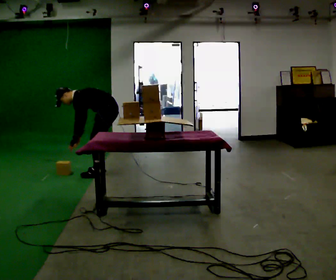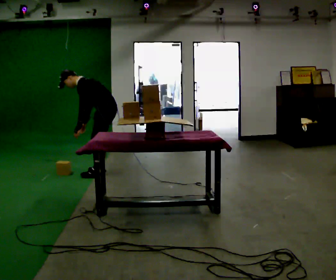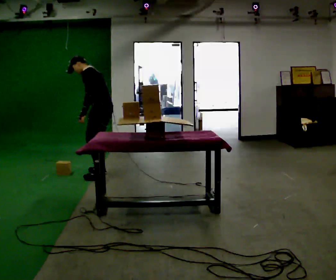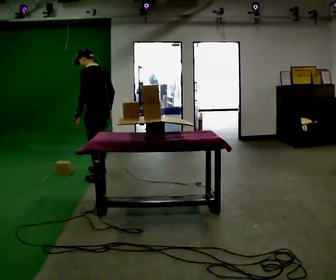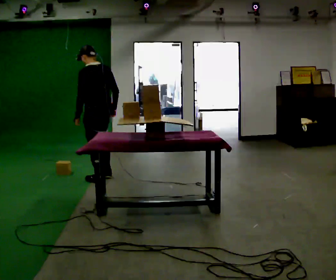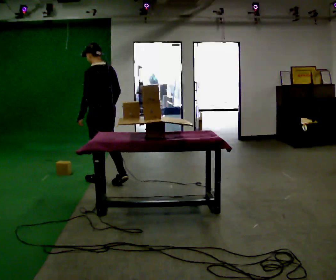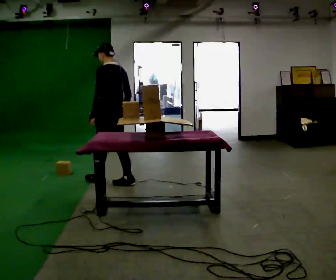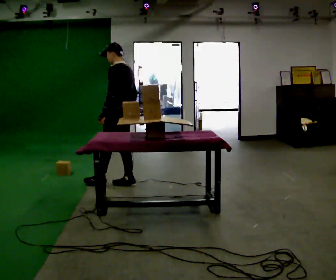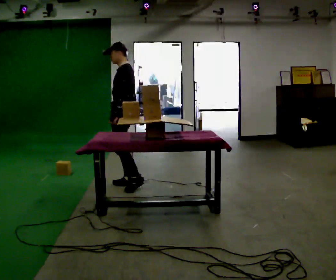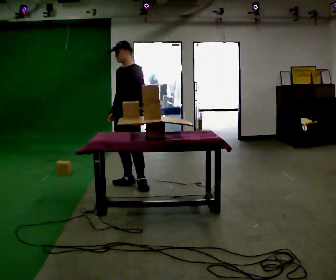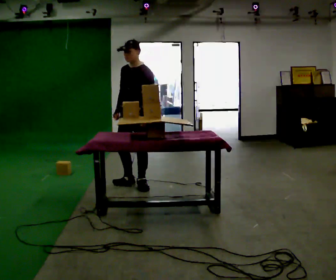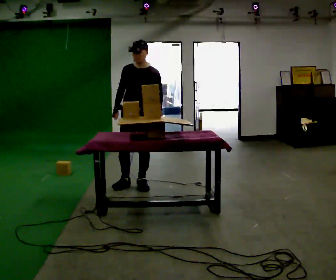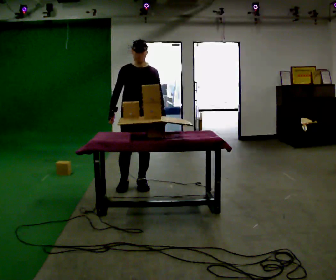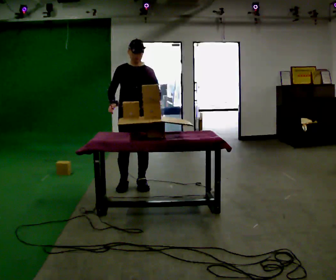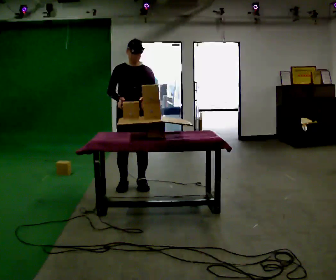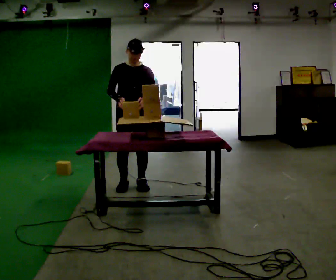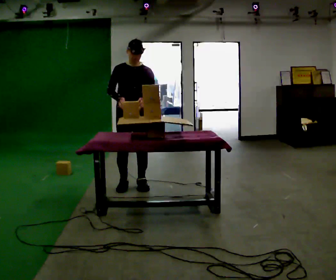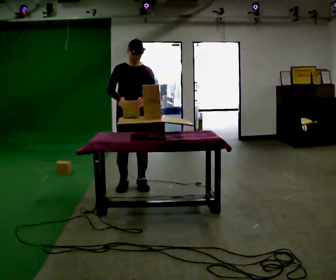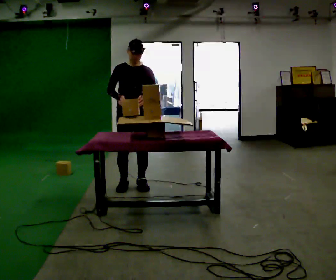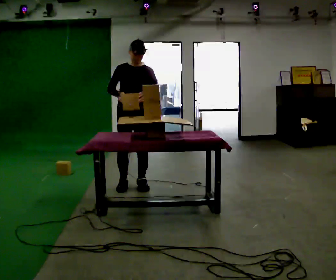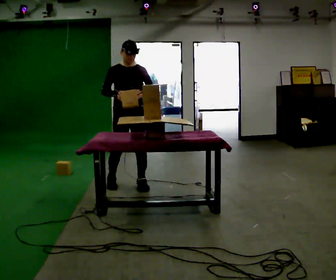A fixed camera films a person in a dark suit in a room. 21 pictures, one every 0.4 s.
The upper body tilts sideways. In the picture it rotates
clockwise.
Their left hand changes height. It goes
upward.
0.0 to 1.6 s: The person turns about 45 degrees to their right, clockwise seen from above, so the part of the body nearest the lens slides to the left. In the picture they go toward the camera, about 0.25 m in 2 steps, which for them is to their left. The shoulders move upward. In the picture the upper body tilts clockwise, shoulders to the right, as they lean back or straighten. In the picture their right hand goes upward.
1.6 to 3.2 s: Seen from above the body turns counterclockwise, about 60 degrees: to their left, with its near side sliding to the right. In the picture they go to the right, about 0.25 m in 1 step.
3.2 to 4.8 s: The person turns about 75 degrees to their left, counterclockwise seen from above, so the part of the body nearest the lens slides to the right. In the picture their left hand goes to the right.
4.8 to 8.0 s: The person moves a little, or ends about where they began.
The film runs backward here.
